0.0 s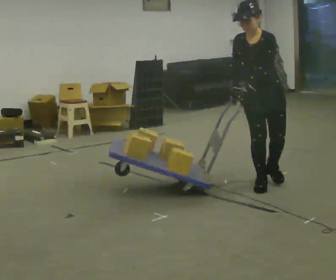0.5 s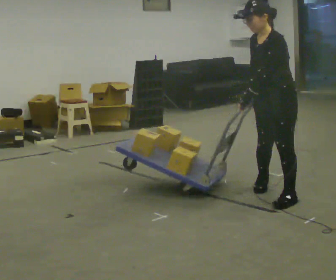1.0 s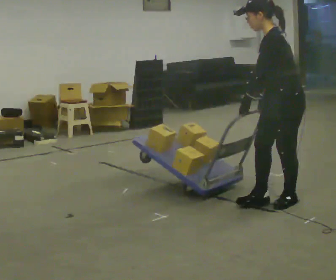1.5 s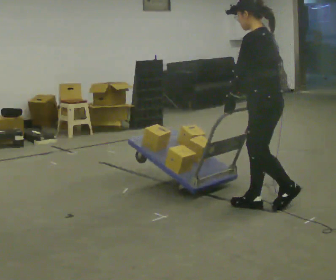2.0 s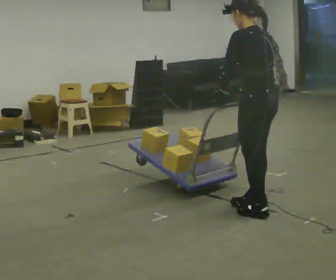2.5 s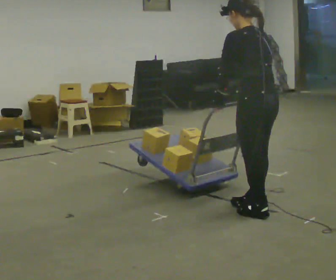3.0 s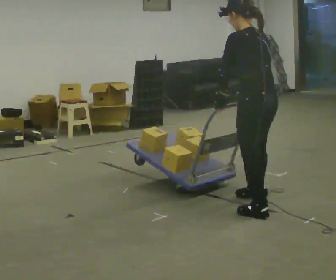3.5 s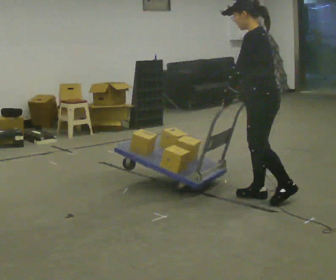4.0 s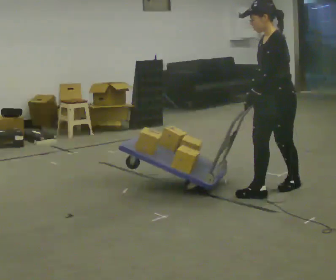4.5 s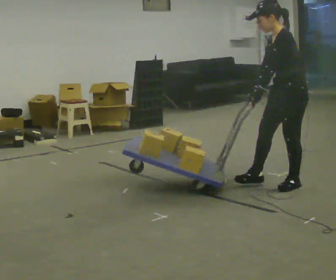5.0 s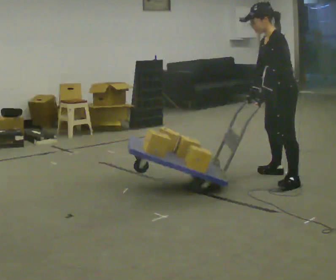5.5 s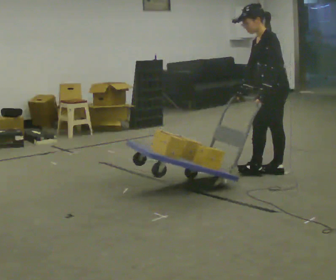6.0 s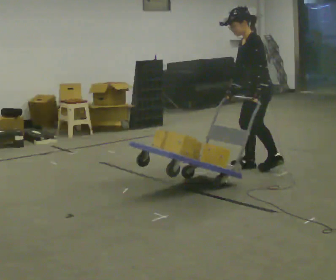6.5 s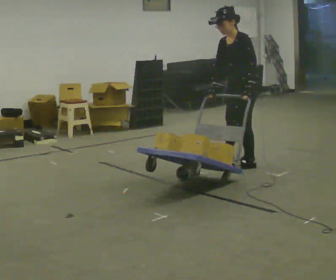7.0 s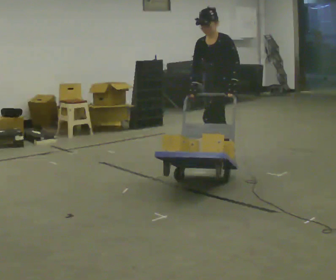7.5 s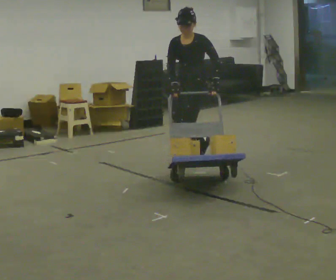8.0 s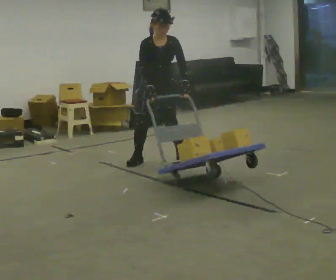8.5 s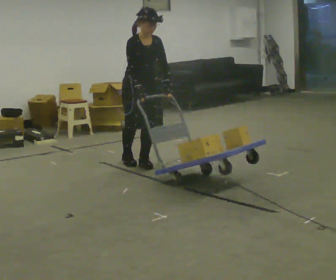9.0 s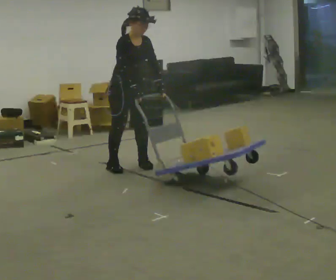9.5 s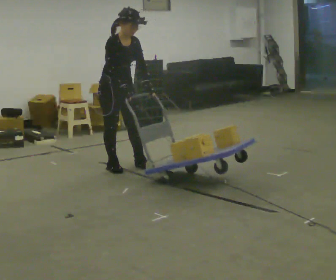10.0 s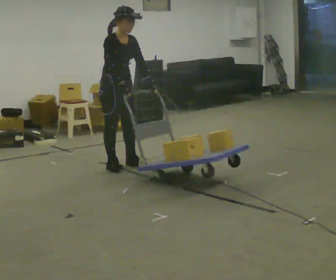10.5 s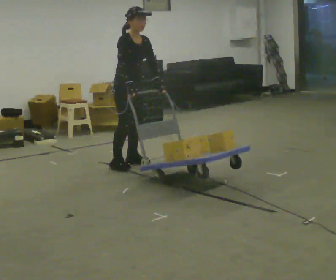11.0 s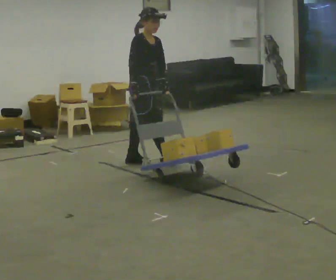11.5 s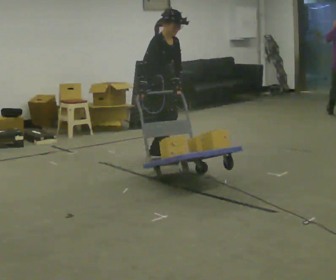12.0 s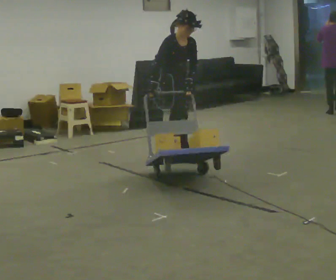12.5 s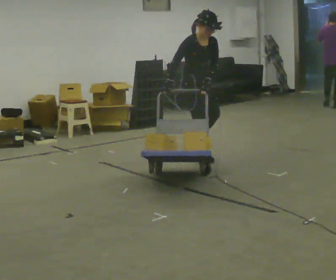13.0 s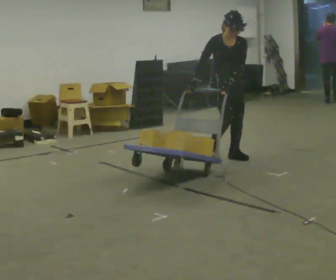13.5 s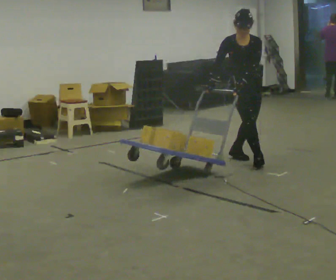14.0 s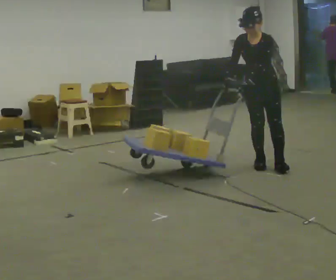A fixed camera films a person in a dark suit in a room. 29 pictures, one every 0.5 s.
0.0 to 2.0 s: The person turns about 105 degrees to their right, clockwise seen from above, so the part of the body nearest the lens slides to the left. In the picture they go toward the camera, about 0.5 m in 3 steps.
2.0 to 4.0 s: Seen from above the body turns counterclockwise, about 60 degrees: to their left, with its near side sliding to the right. In the picture they go away from the camera and to the right, about 0.5 m in 2 steps.
4.0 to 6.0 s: The part of the body nearest the lens slides to the left as the person turns to their right by about 30 degrees. In the picture they go away from the camera, about 0.5 m in 2 steps, which for them is to their right.
6.0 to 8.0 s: The part of the body nearest the lens slides to the right as the person turns to their left by about 105 degrees. In the picture they go to the left, about 1 m in 3 steps.
8.0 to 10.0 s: Seen from above the body turns counterclockwise, about 45 degrees: to their left, with its near side sliding to the right. In the picture they go to the left, about 0.5 m in 2 steps, which for them is to their right.
10.0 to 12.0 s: In the picture they go to the right and away from the camera, about 0.75 m in 2 steps, which for them is to their left and forward.
12.0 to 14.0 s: Seen from above the body turns clockwise, about 75 degrees: to their right, with its near side sliding to the left. In the picture they go to the right and toward the camera, about 1 m in 3 steps. In the picture the upper body tilts counterclockwise, shoulders to the left.
The film runs forward here.
